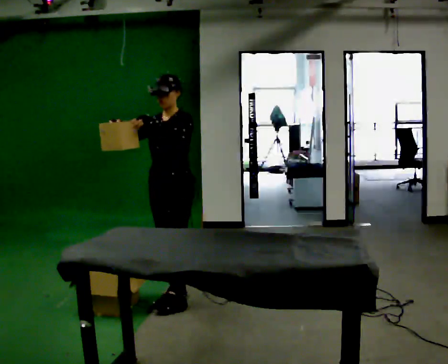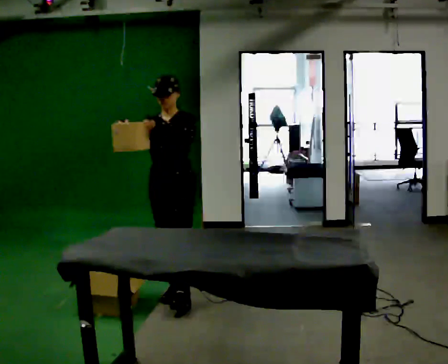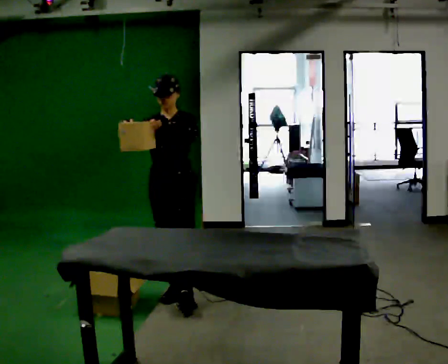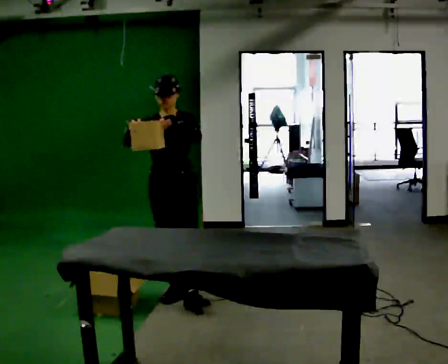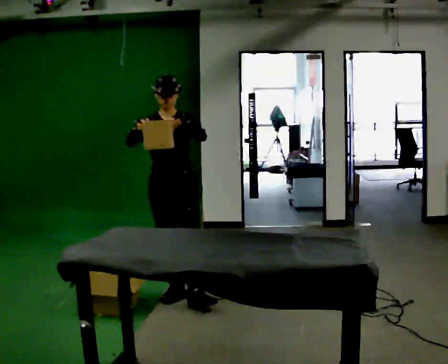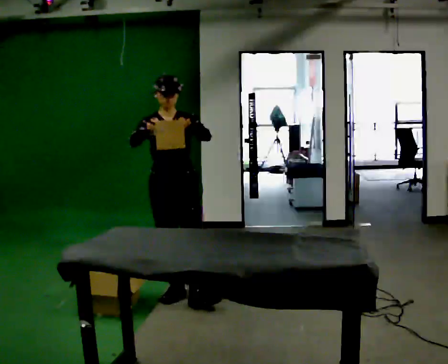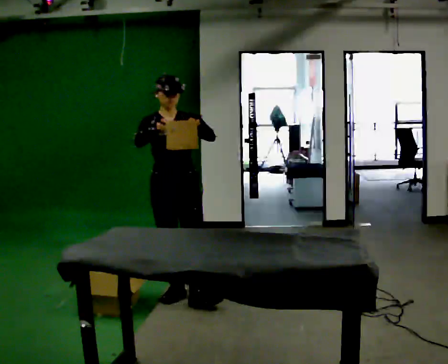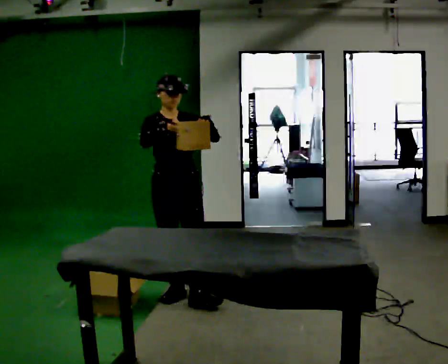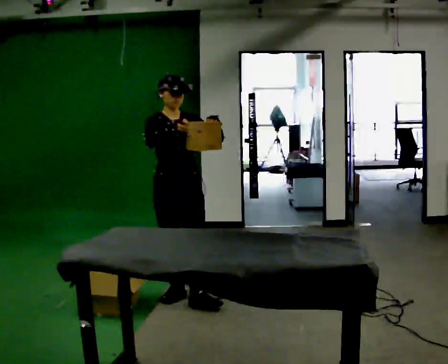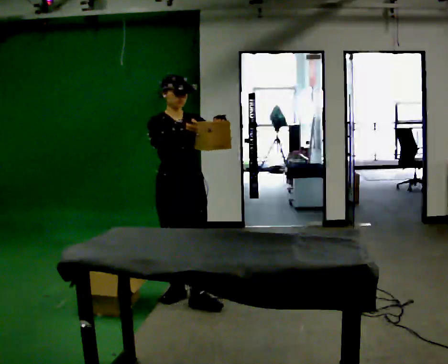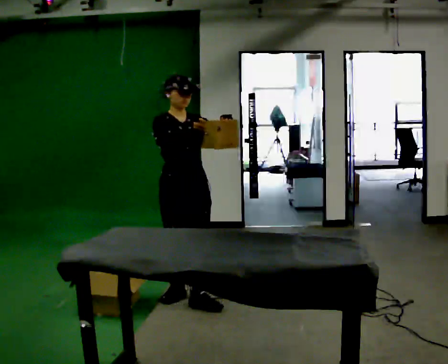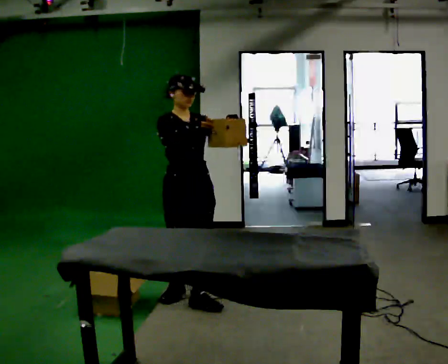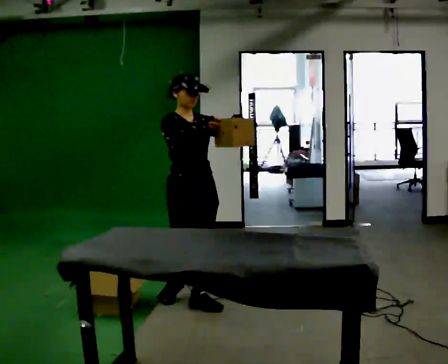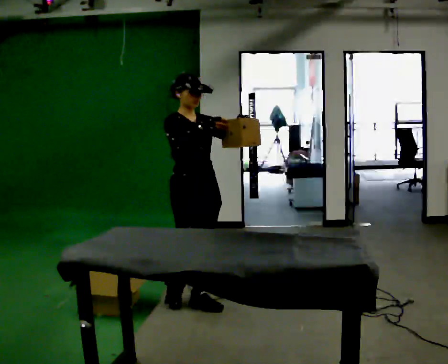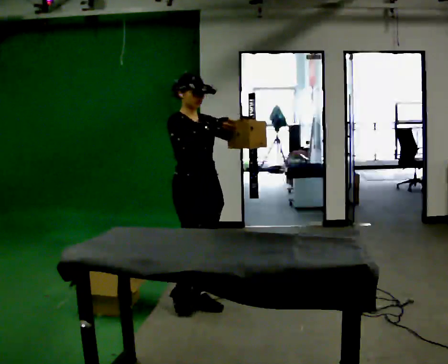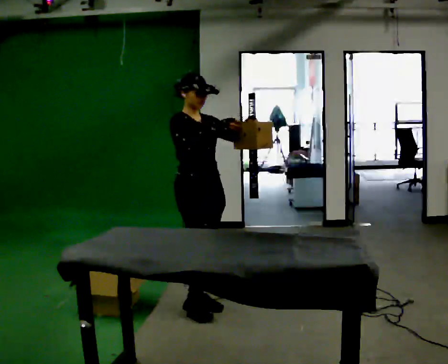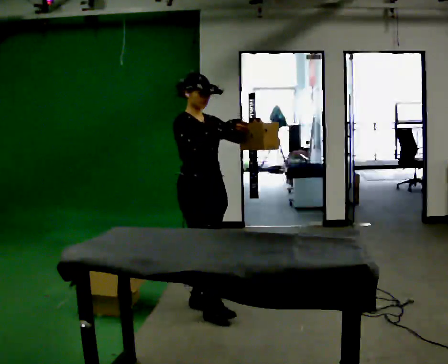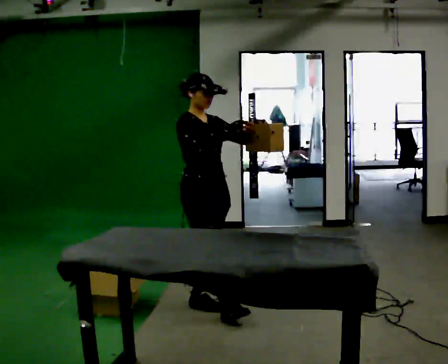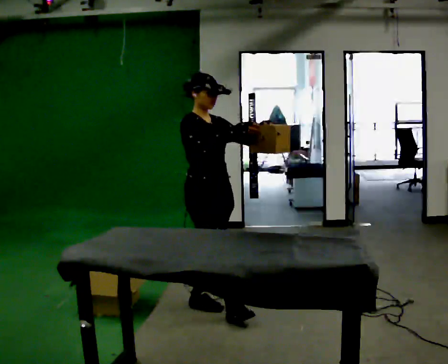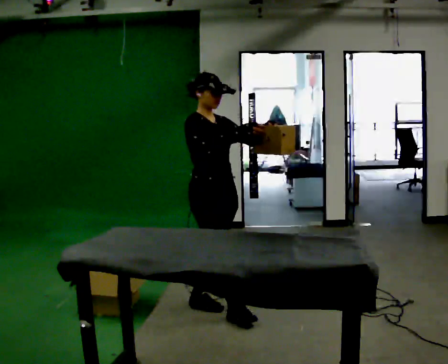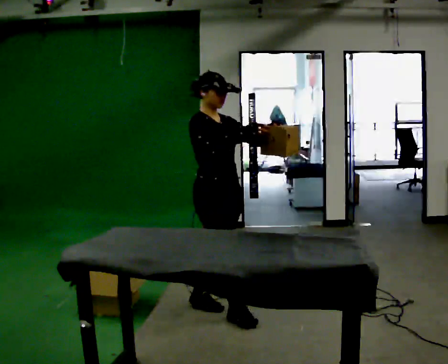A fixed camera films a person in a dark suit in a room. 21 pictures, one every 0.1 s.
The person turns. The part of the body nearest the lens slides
to the right.
The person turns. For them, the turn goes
to their left.
0.0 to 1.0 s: Seen from above the body turns counterclockwise, about 60 degrees: to their left, with its near side sliding to the right. In the picture their right hand goes to the right.
1.0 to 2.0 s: The person turns about 30 degrees to their left, counterclockwise seen from above, so the part of the body nearest the lens slides to the right. In the picture they go toward the camera and to the right, about 0.25 m in 1 step, which for them is forward.
The film runs forward here.
